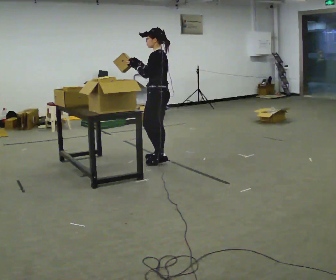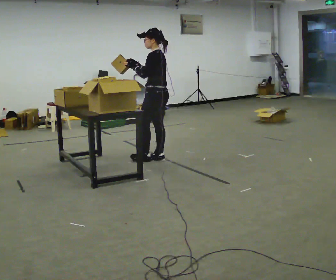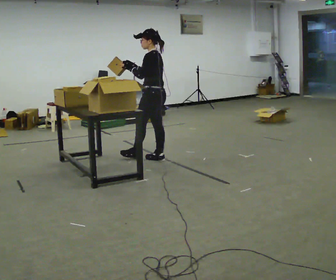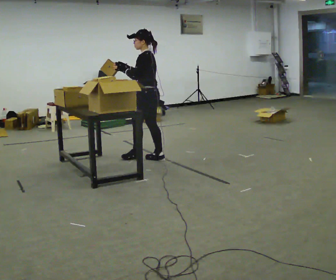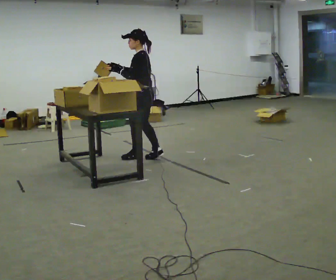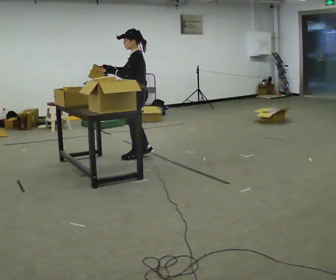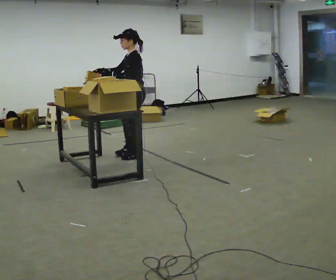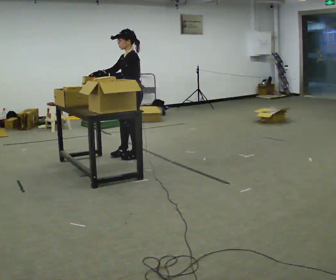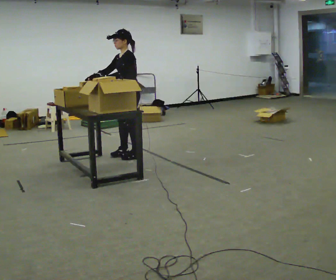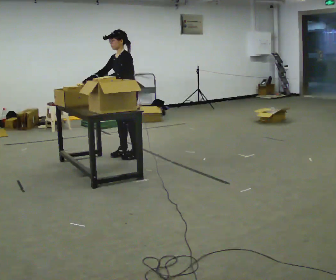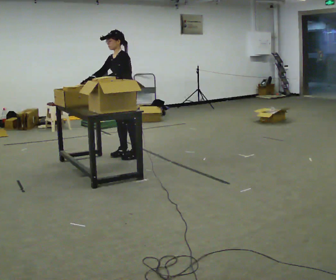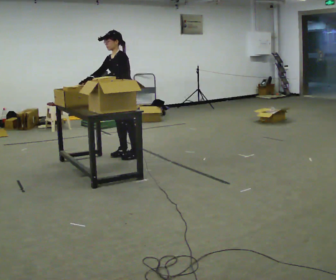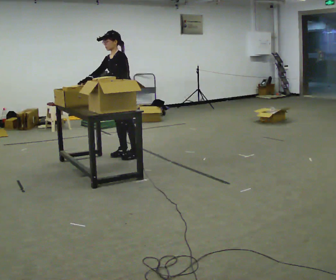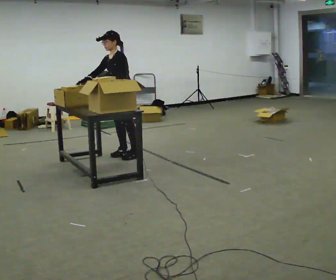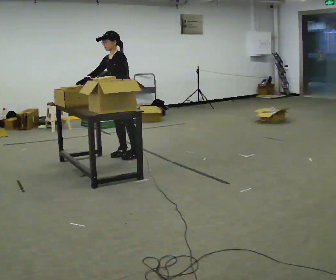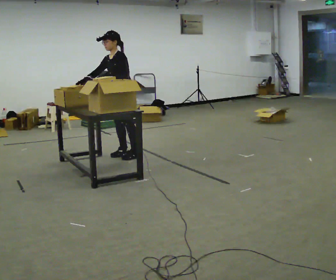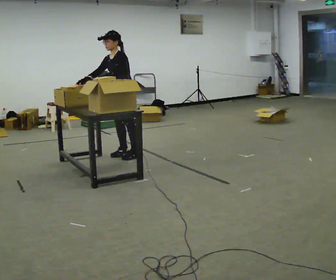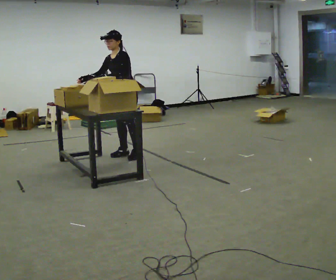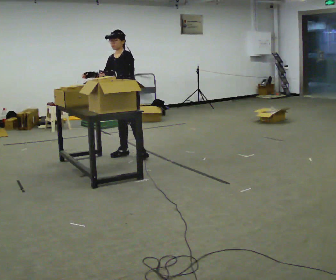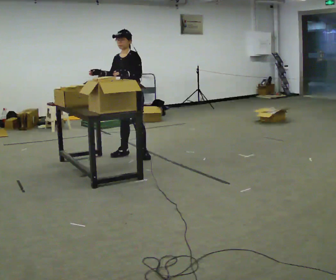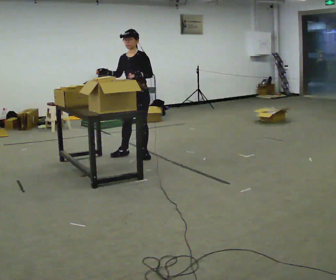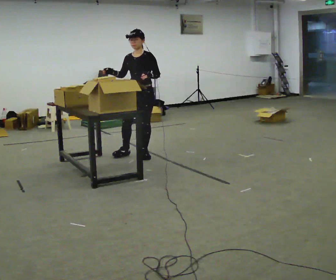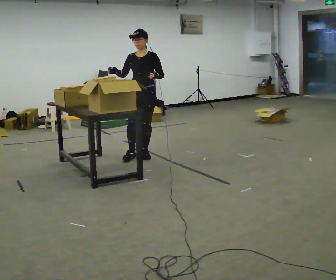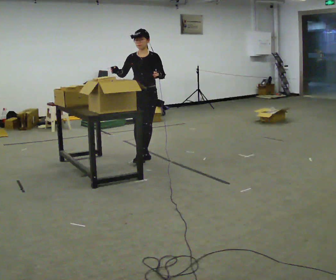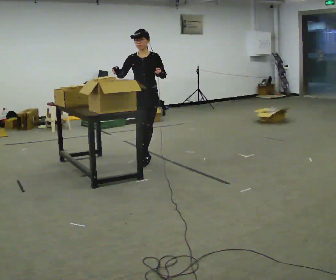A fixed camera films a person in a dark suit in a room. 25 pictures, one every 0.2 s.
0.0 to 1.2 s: In the picture they go to the left and away from the camera, about 0.25 m in 1 step, which for them is forward.
1.2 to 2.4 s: The part of the body nearest the lens slides to the right as the person turns to their left by about 30 degrees.
2.4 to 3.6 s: The person moves a little, or ends about where they began.
3.6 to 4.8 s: The person turns about 45 degrees to their left, counterclockwise seen from above, so the part of the body nearest the lens slides to the right. In the picture they go toward the camera and to the right, about 0.25 m in 1 step, which for them is to their left.
The film runs forward here.
